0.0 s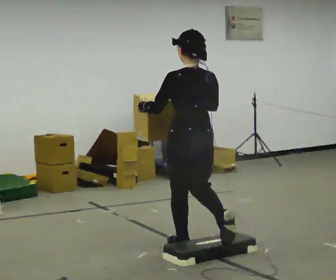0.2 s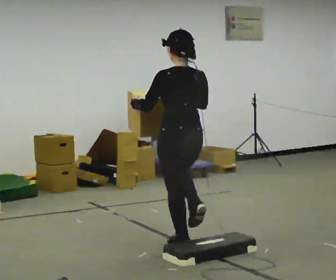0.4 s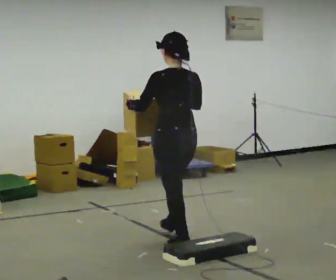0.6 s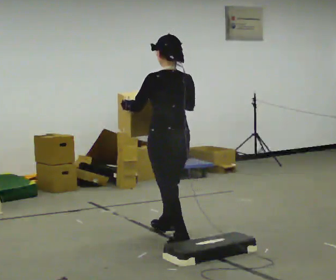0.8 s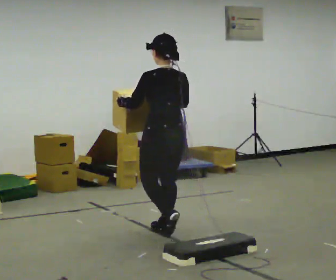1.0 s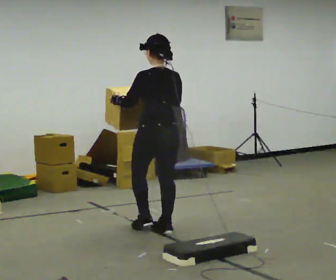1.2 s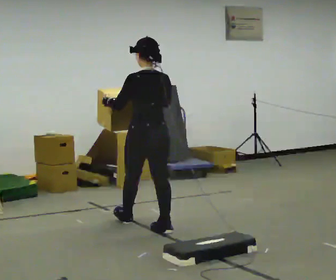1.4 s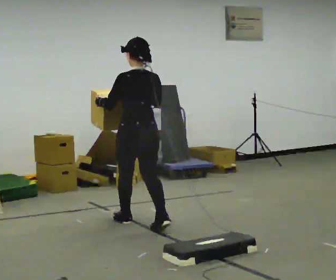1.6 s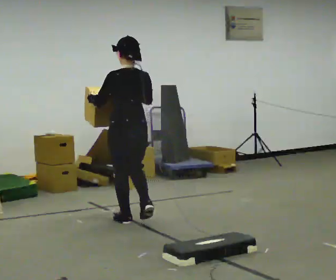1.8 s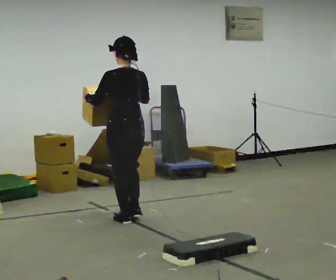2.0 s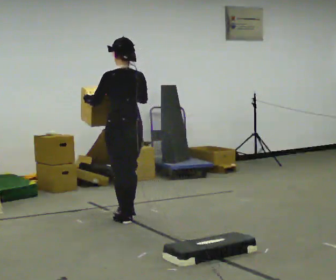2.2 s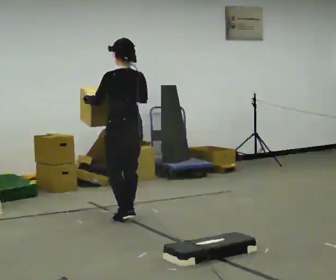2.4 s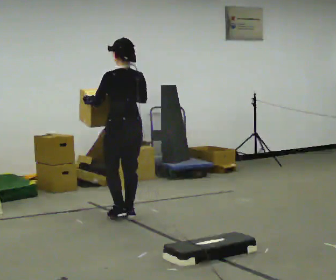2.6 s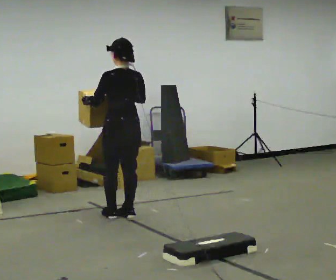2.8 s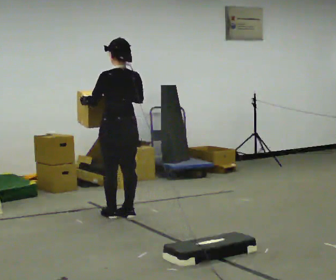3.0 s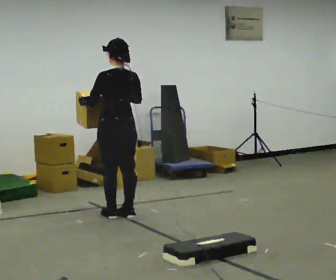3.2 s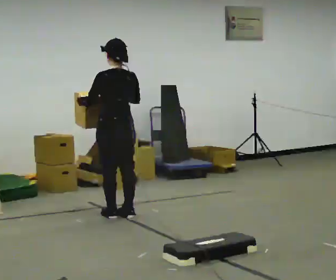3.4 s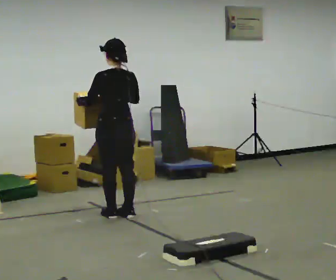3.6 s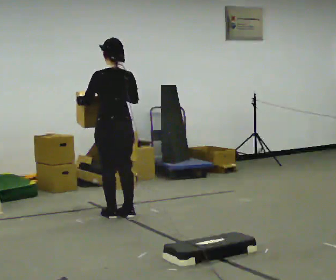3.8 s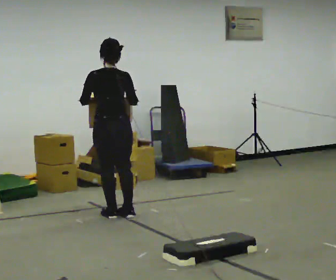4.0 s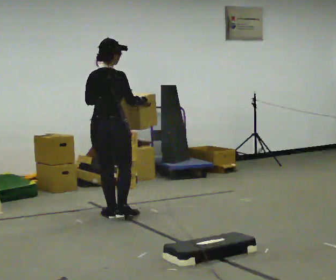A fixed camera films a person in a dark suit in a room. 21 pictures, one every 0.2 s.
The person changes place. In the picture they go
away from the camera.
0.0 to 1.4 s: In the picture they go away from the camera and to the left, about 1 m in 2 steps, which for them is forward.
1.4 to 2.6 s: In the picture they go away from the camera, about 0.5 m in 1 step, which for them is forward.
2.6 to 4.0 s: The person turns about 45 degrees to their right, clockwise seen from above, so the part of the body nearest the lens slides to the left. In the picture they go to the left, about 0.25 m in 1 step, which for them is to their left.
The film runs forward here.
